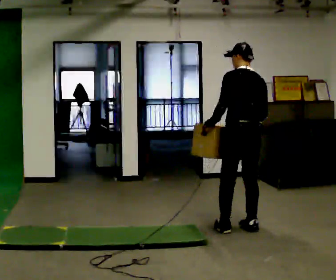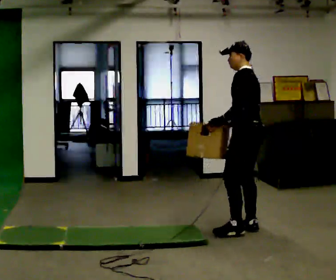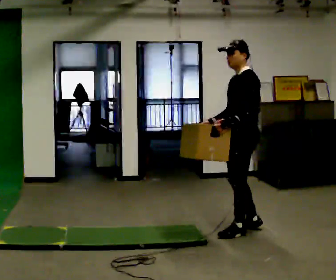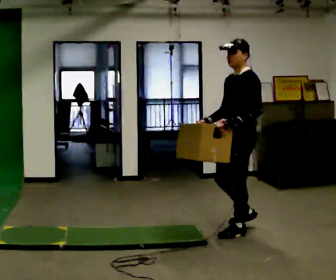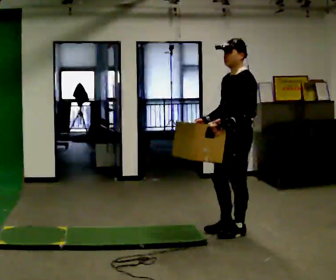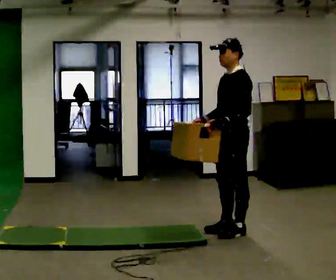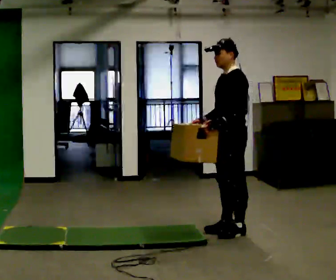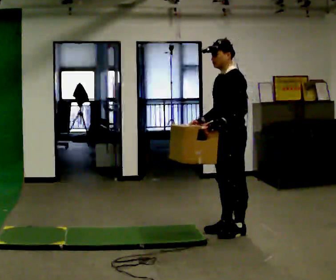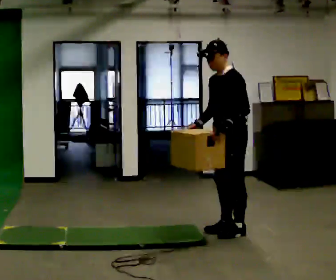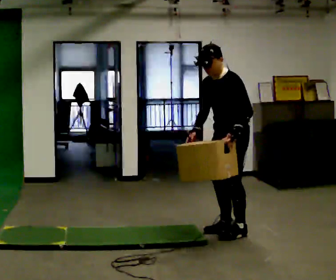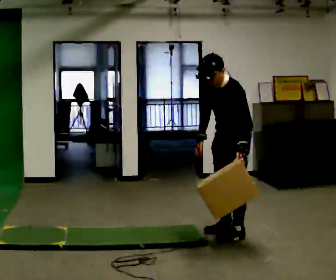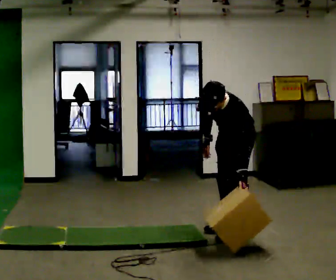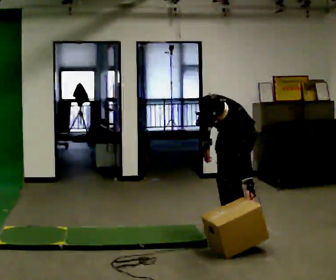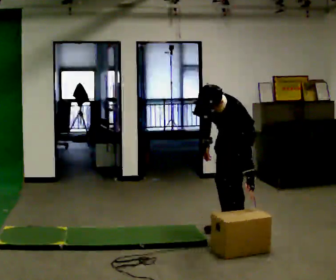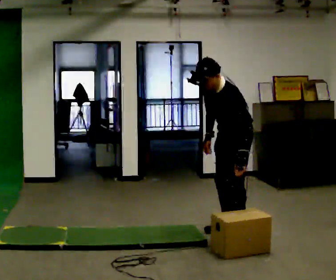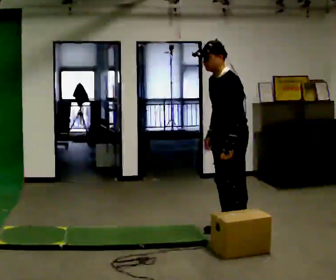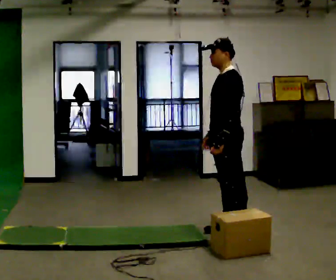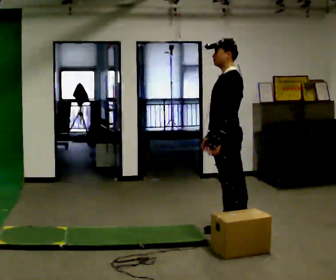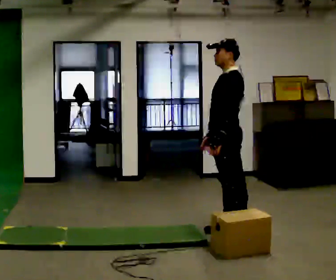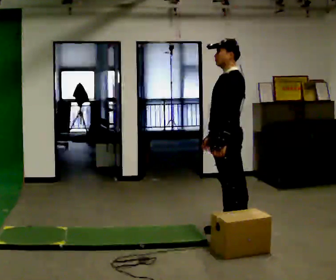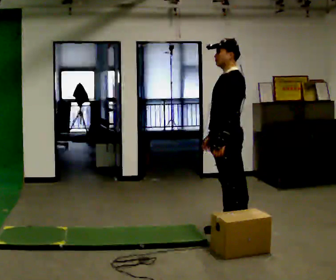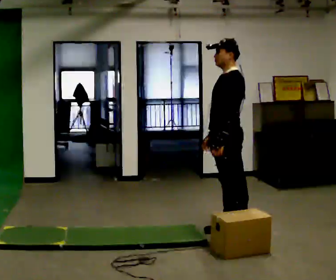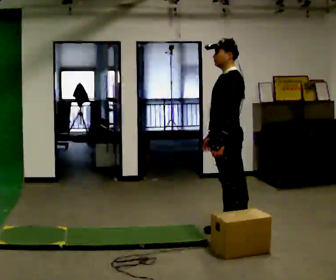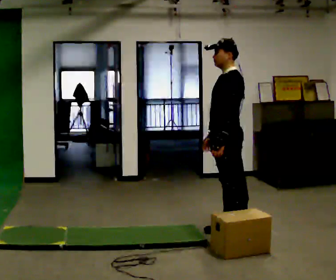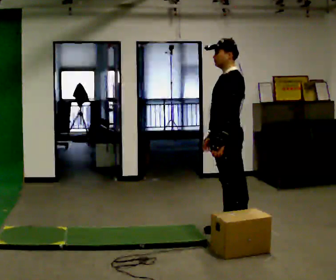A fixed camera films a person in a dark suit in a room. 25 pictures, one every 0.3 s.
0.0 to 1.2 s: Seen from above the body turns counterclockwise, about 90 degrees: to their left, with its near side sliding to the right. In the picture their right hand goes to the left.
1.2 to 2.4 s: The person moves a little, or ends about where they began.
2.4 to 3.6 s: The shoulders move downward. The upper body tips toward the camera, its near side rolling downward, as they bend forward. In the picture their left hand goes downward.
3.6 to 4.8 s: The part of the body nearest the lens slides to the left as the person turns to their right by about 30 degrees. The upper body goes upward. The upper body tips away from the camera, its near side rolling upward, as they lean back or straighten. In the picture their left hand goes upward.
4.8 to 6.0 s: The person moves a little, or ends about where they began.
6.0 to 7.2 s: The person keeps their place and pose.
The film runs forward here.
